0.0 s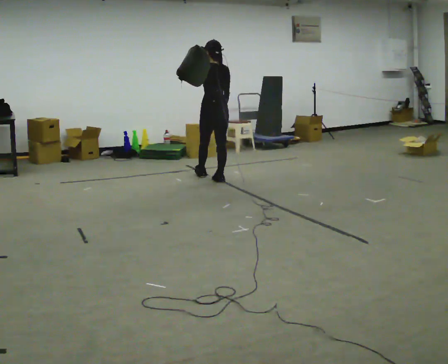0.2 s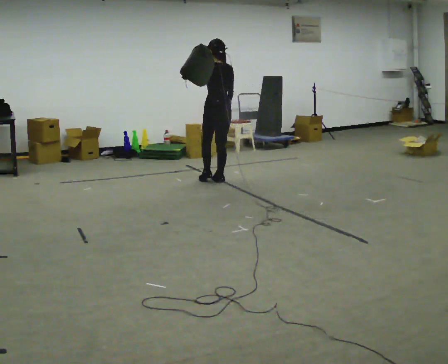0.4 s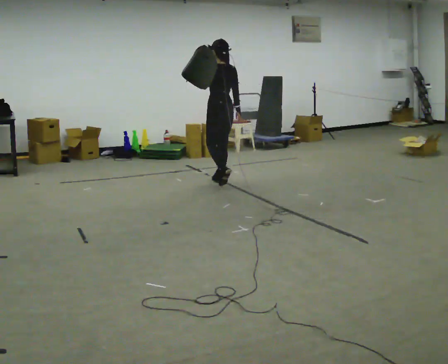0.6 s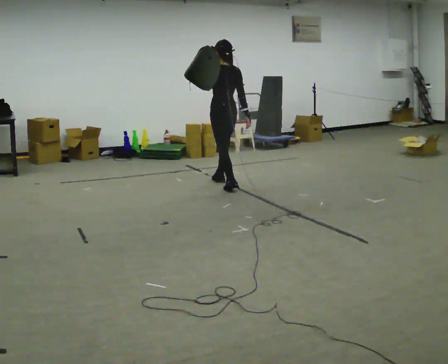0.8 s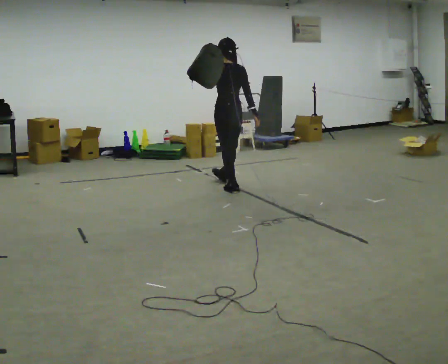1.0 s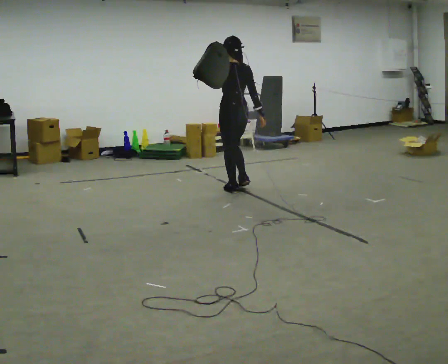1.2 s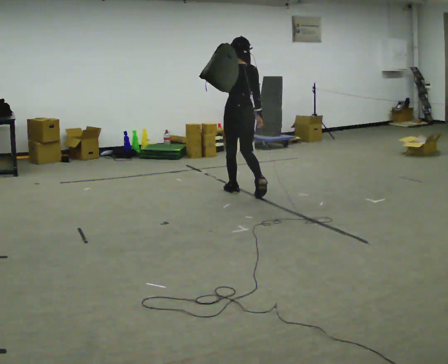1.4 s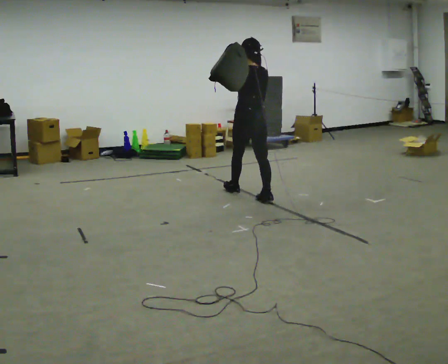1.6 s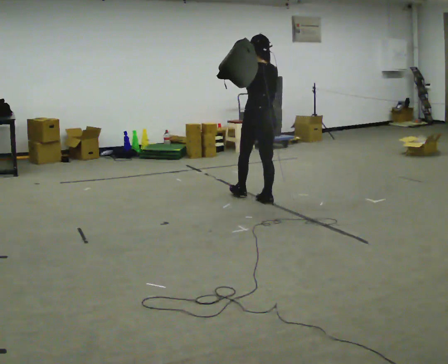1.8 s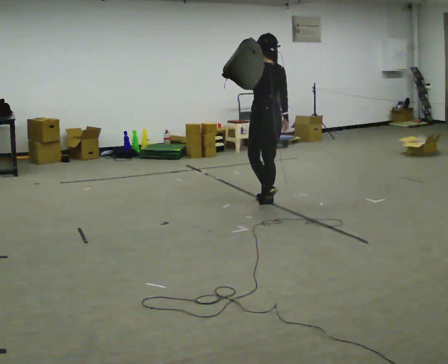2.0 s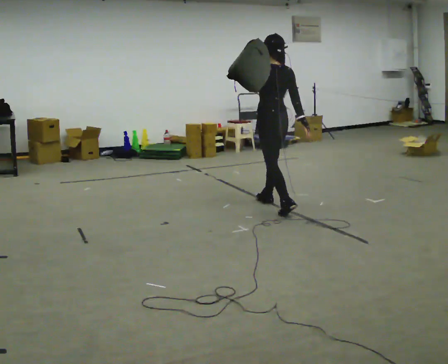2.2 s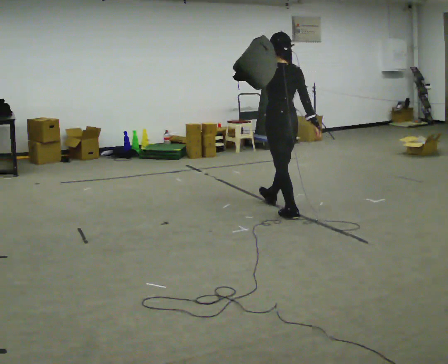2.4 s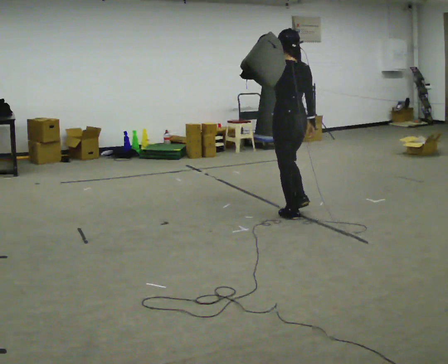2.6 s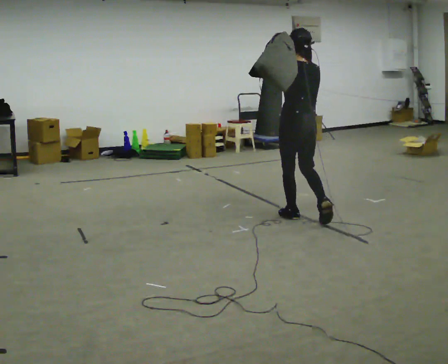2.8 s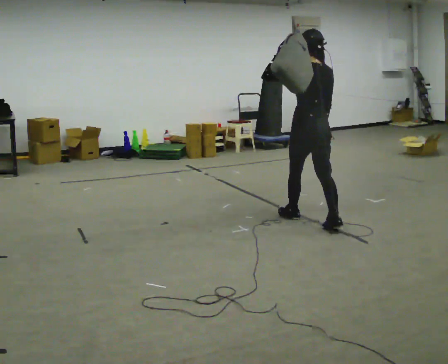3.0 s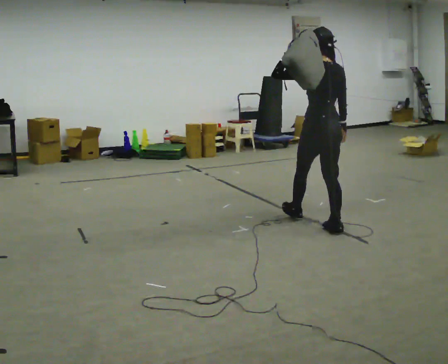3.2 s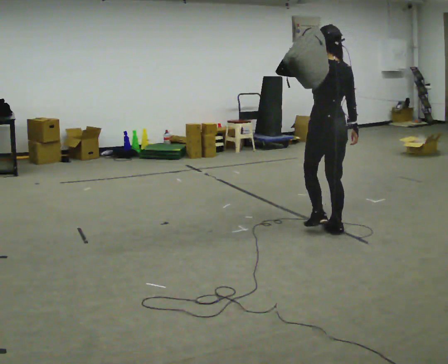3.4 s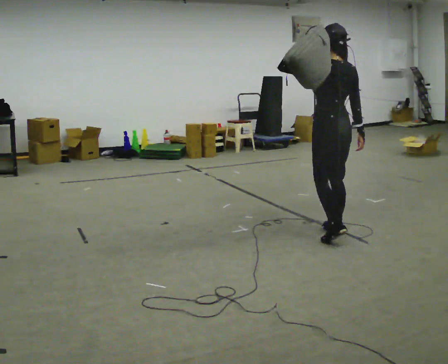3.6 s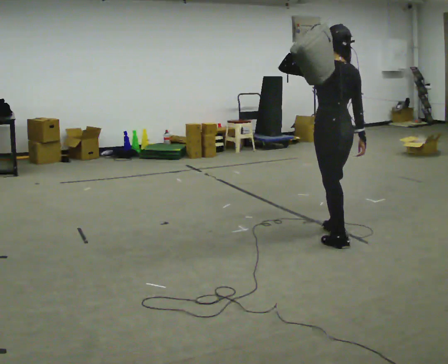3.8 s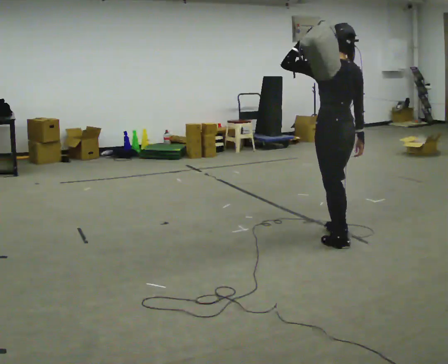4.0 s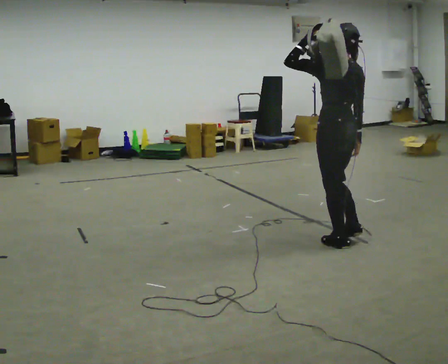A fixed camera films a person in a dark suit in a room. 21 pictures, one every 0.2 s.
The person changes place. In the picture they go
toward the camera.
0.0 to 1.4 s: In the picture they go toward the camera and to the right, about 1 m in 1 step, which for them is backward.
1.4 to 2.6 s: In the picture they go toward the camera and to the right, about 1 m in 2 steps, which for them is backward.
2.6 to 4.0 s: In the picture they go toward the camera, about 0.75 m in 2 steps, which for them is backward.
The film runs backward here.
